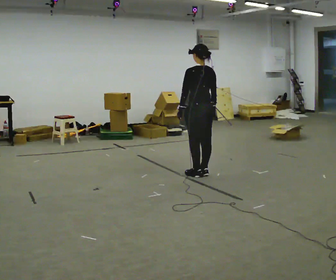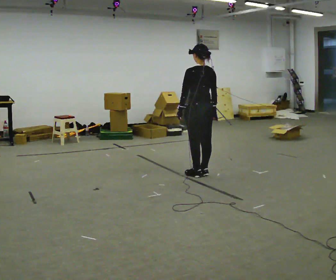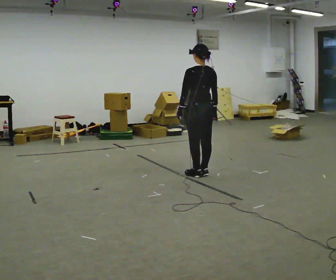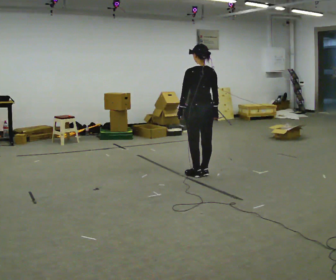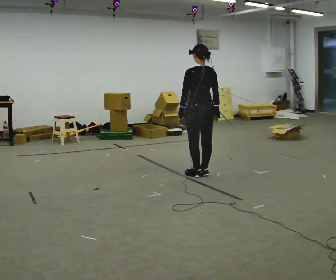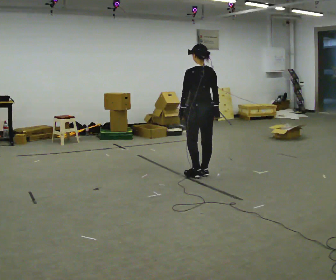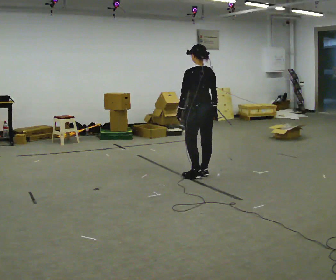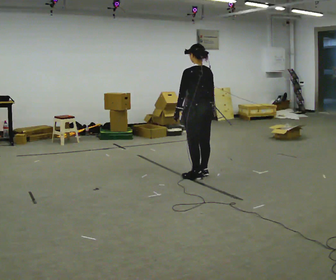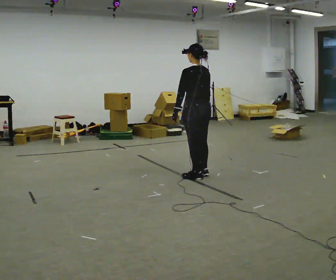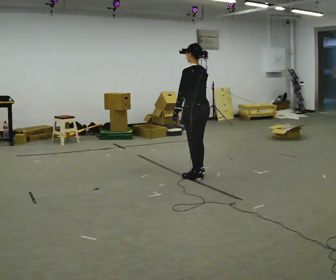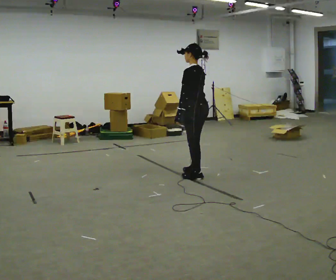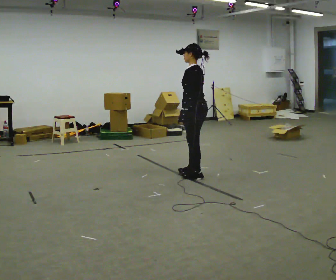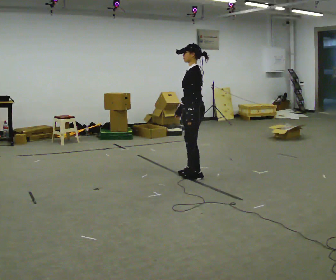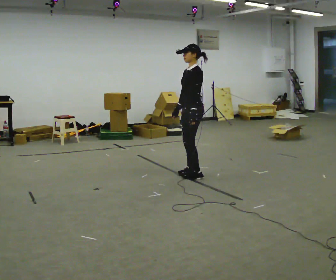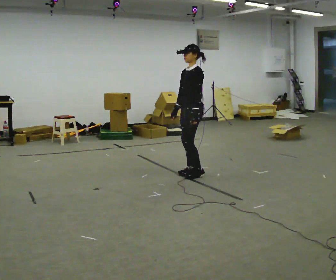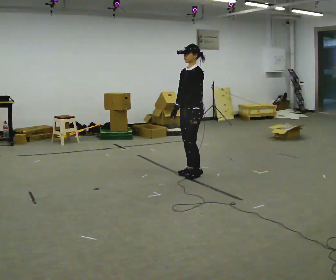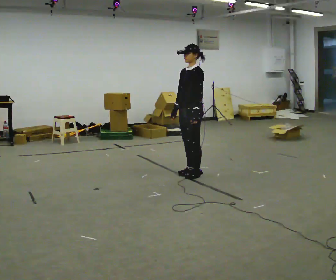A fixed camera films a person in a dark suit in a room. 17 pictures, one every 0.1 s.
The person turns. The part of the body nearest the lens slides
to the right.
The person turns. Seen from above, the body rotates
counterclockwise.
0.0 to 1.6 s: The part of the body nearest the lens slides to the right as the person turns to their left by about 90 degrees.
The film runs backward here.
